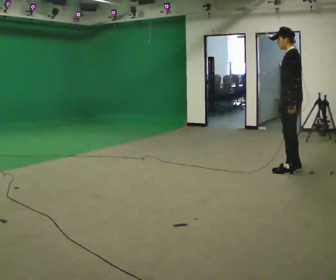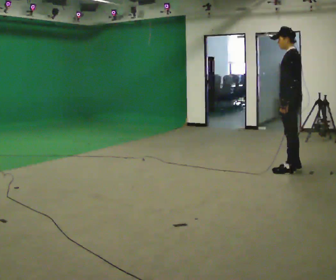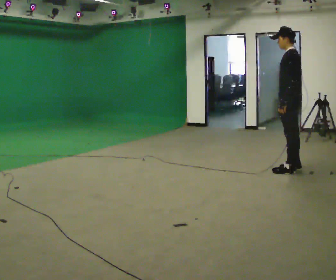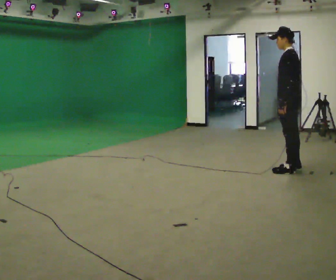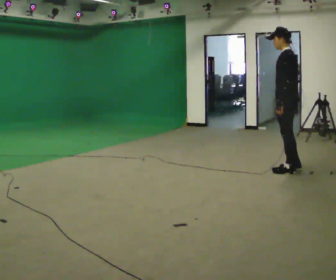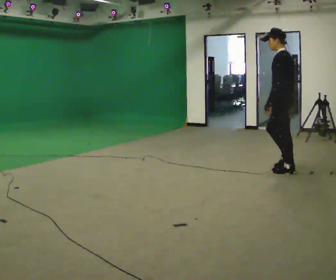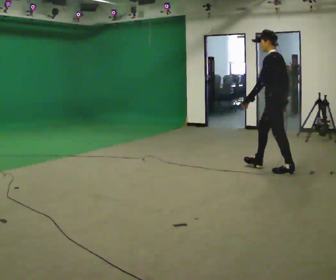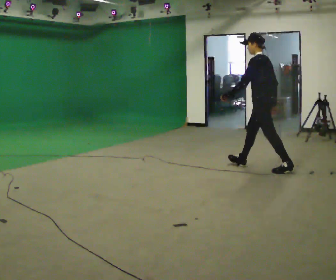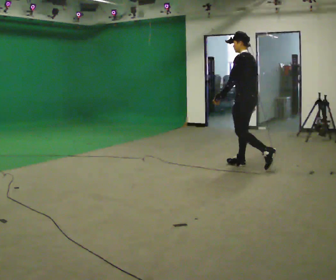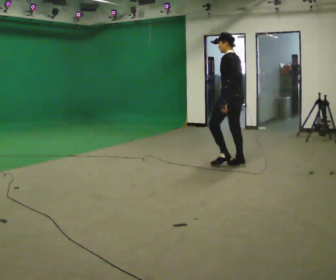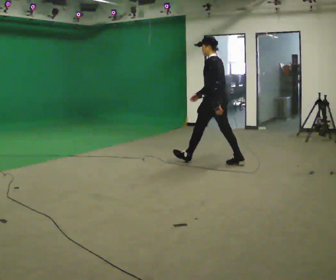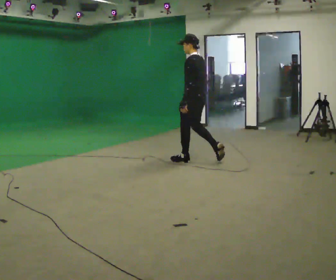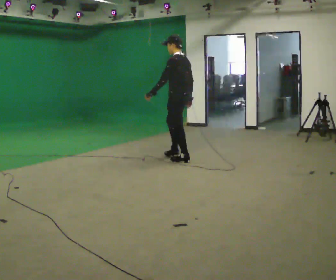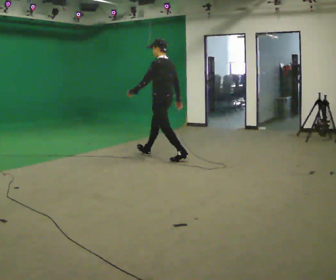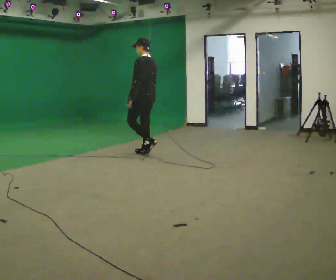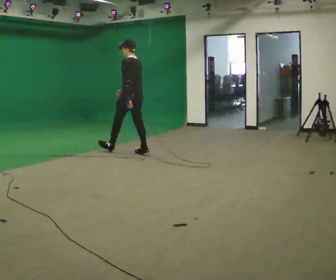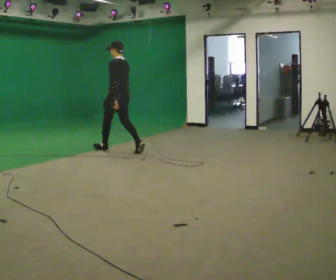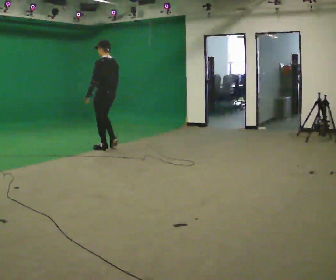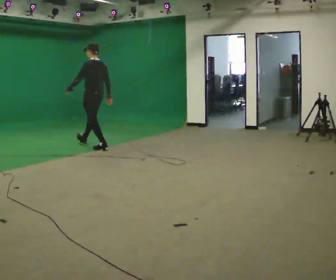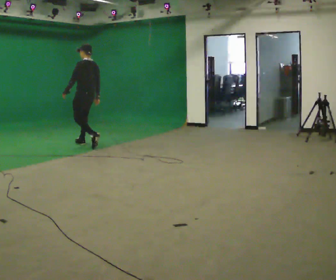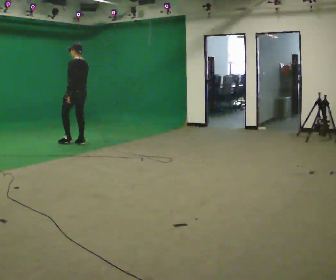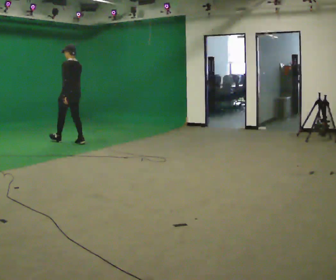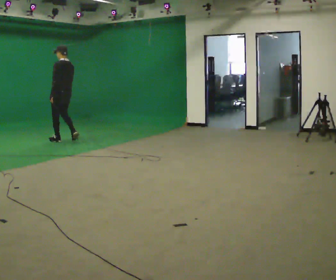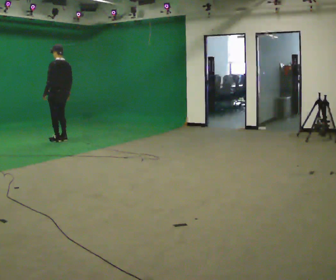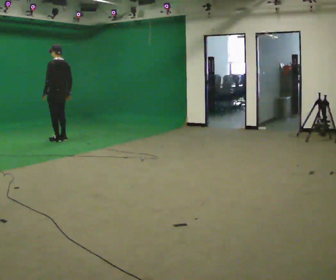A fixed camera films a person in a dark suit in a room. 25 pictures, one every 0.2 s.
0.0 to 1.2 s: In the picture they go to the left, about 0.25 m, which for them is forward. In the picture their left hand goes to the left.
1.2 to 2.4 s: In the picture they go to the left and away from the camera, about 1.5 m in 2 steps, which for them is forward.
2.4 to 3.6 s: In the picture they go to the left and away from the camera, about 1.5 m in 2 steps, which for them is forward.
3.6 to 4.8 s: In the picture they go to the left and away from the camera, about 1 m in 3 steps, which for them is forward.
The film runs forward here.
